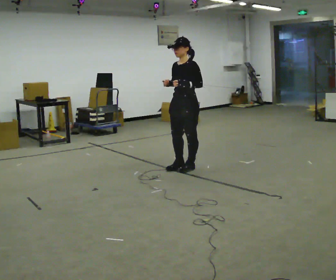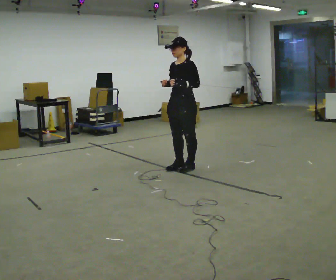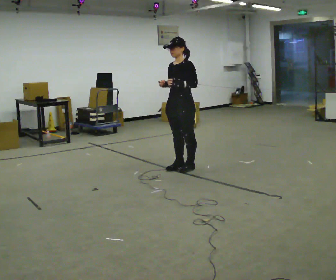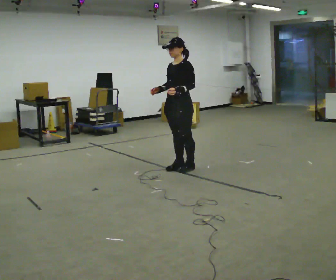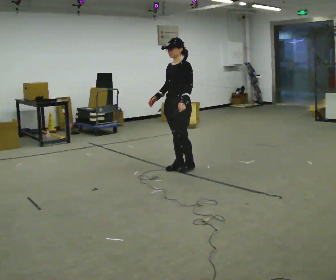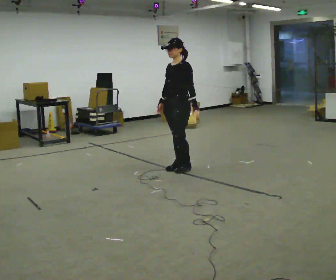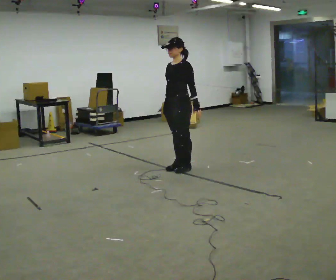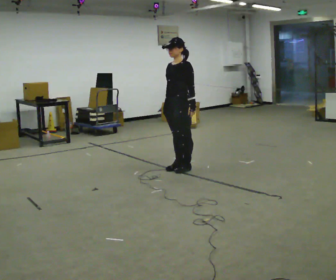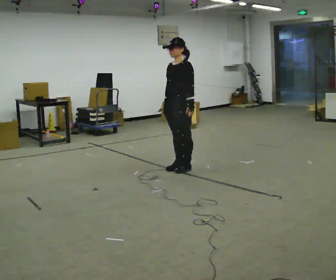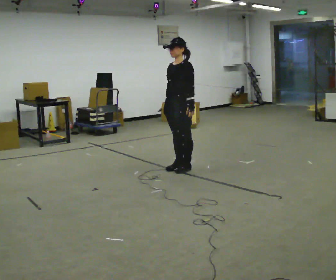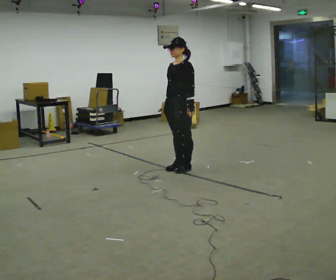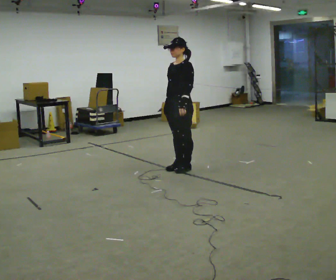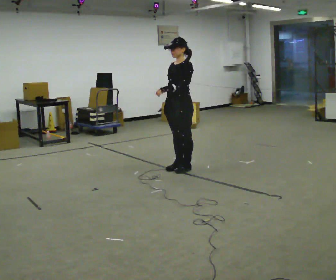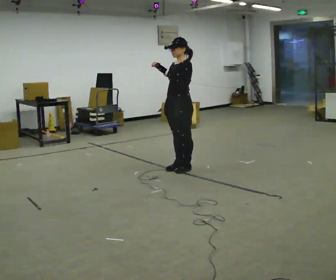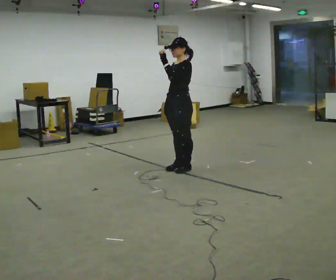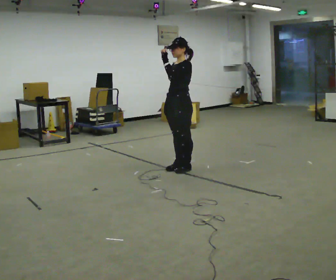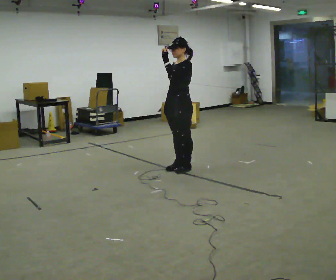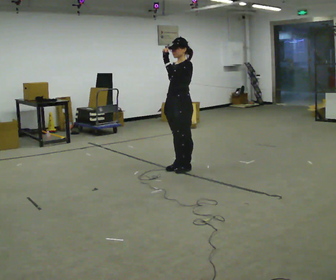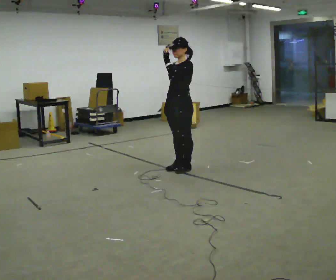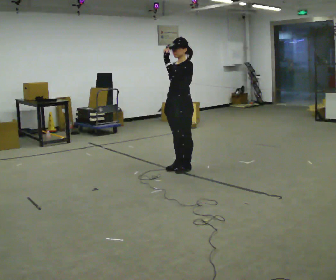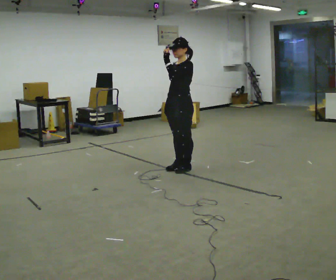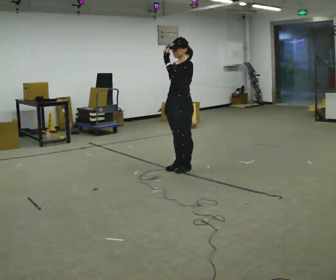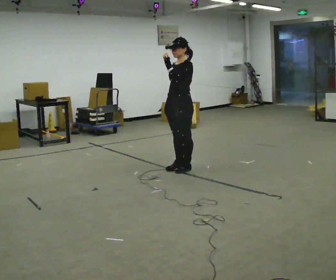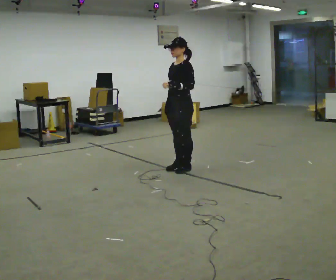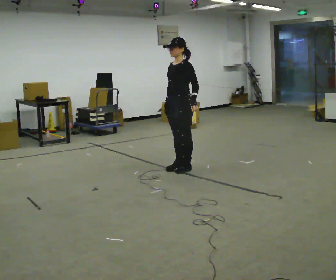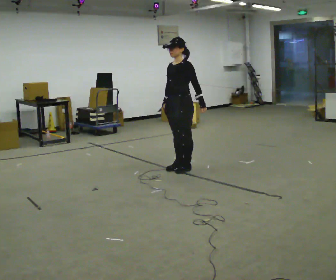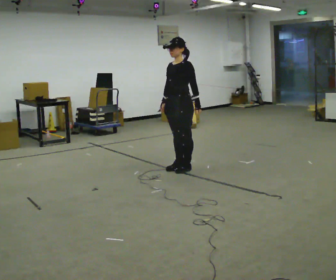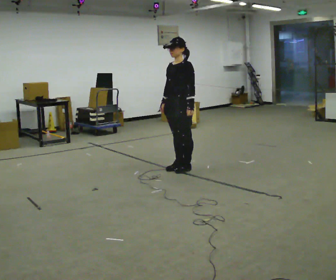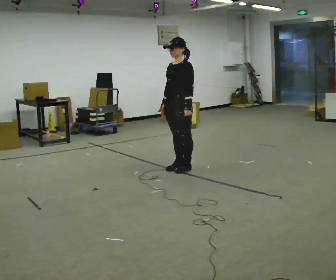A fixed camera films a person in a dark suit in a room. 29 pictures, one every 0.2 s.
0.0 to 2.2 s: The person moves a little, or ends about where they began.
2.2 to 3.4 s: In the picture their left hand goes upward.
3.4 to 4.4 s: The person moves a little, or ends about where they began.
4.4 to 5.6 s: In the picture their left hand goes downward.
The film runs forward here.
